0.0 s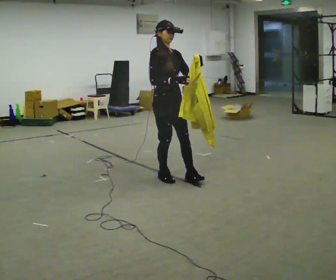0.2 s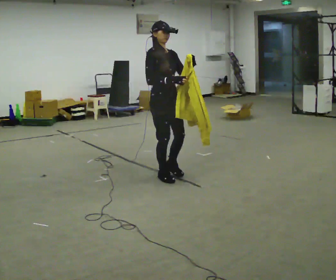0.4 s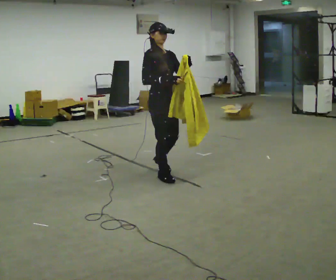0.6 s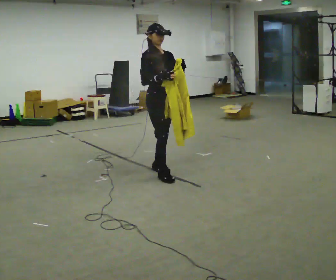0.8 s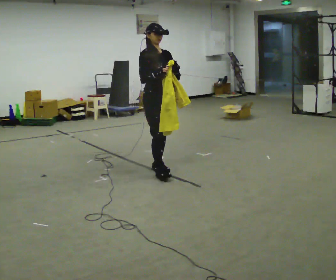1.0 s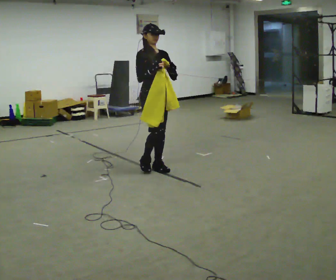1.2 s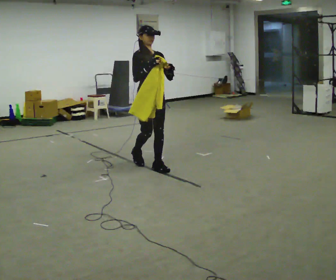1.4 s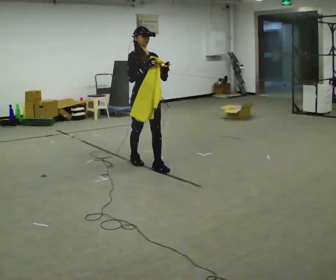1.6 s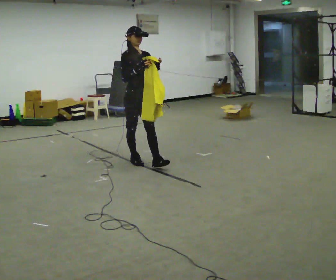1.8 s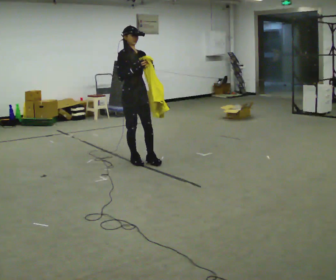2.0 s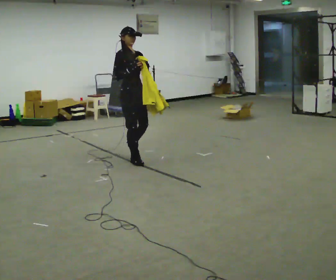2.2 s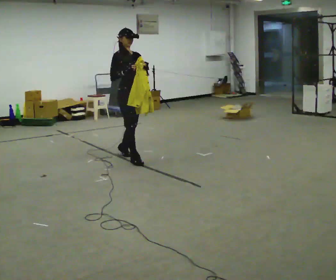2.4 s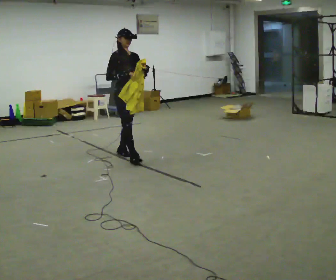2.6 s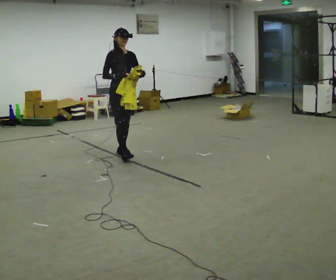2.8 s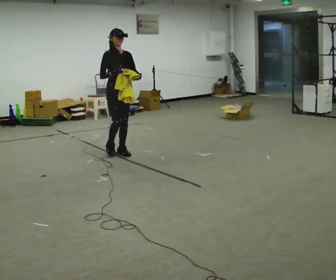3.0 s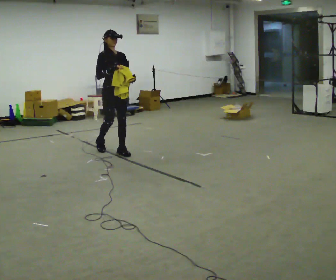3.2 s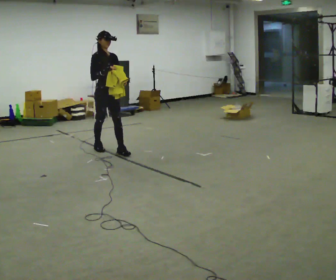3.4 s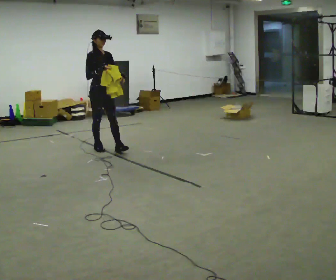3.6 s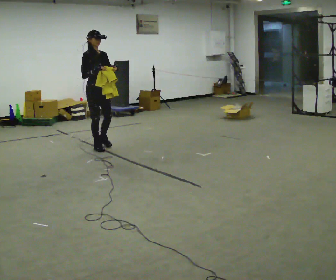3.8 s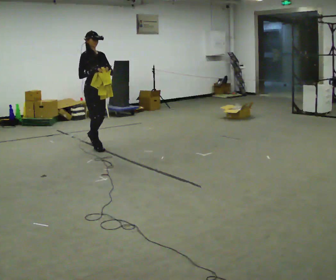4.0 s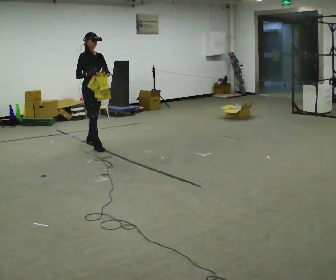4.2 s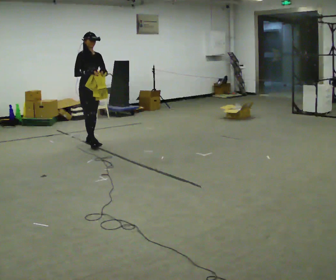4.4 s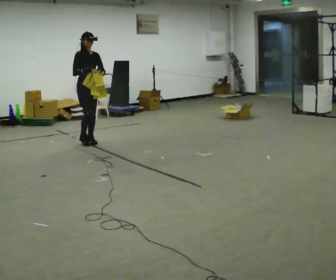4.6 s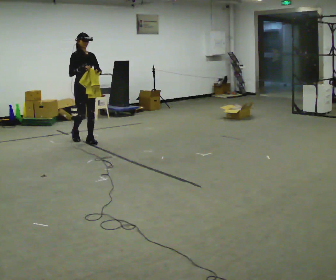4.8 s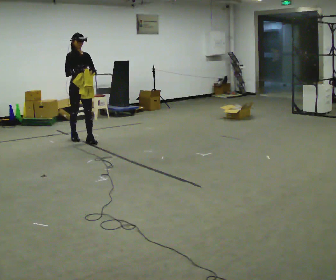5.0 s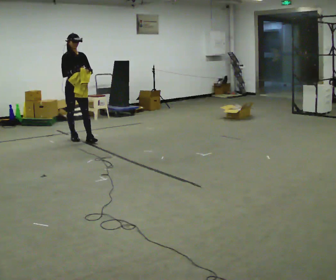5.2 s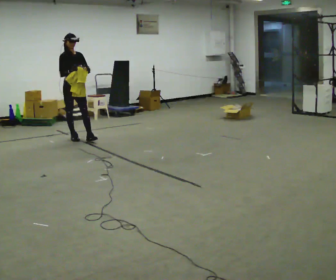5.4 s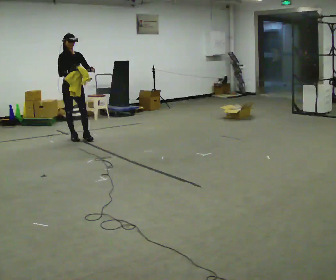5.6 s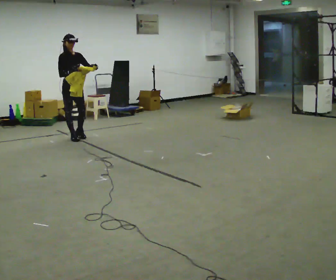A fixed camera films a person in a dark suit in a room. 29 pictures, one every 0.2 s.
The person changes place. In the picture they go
away from the camera.
0.0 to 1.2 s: In the picture they go away from the camera, about 0.5 m in 1 step, which for them is backward.
1.2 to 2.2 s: In the picture they go away from the camera and to the left, about 0.5 m in 1 step, which for them is backward.
2.2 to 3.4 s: In the picture they go away from the camera and to the left, about 0.5 m in 2 steps, which for them is backward.
3.4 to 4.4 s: In the picture they go away from the camera and to the left, about 0.5 m in 1 step, which for them is backward.
4.4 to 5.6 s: In the picture they go to the left and away from the camera, about 0.5 m in 1 step, which for them is backward.
The film runs backward here.
